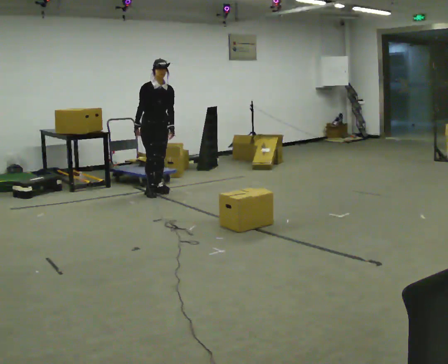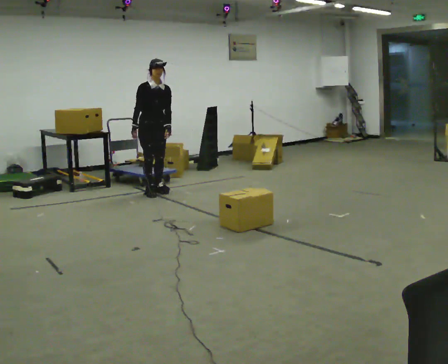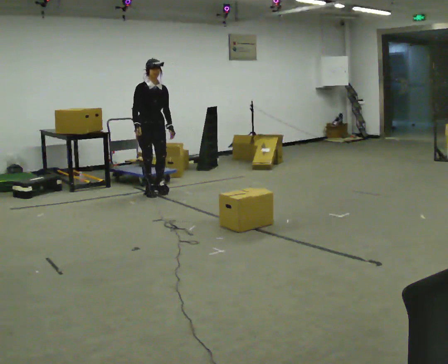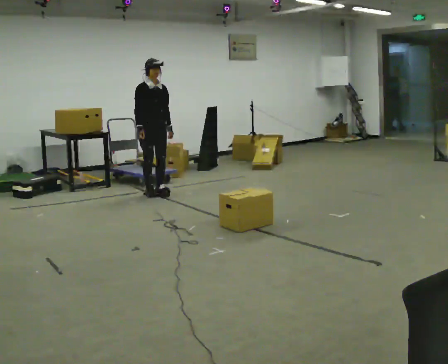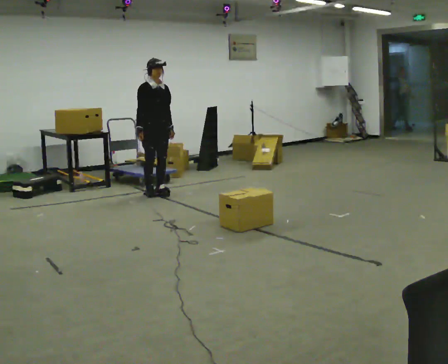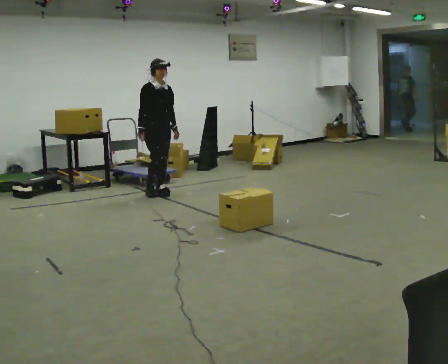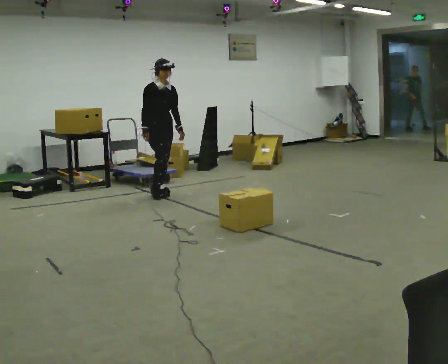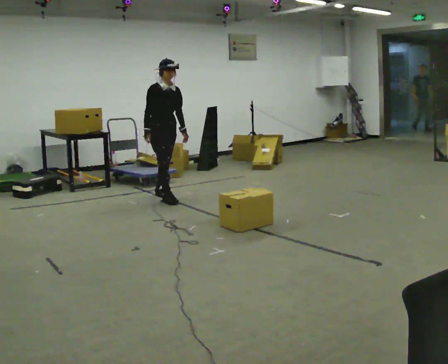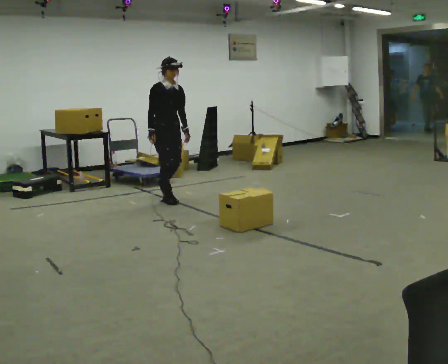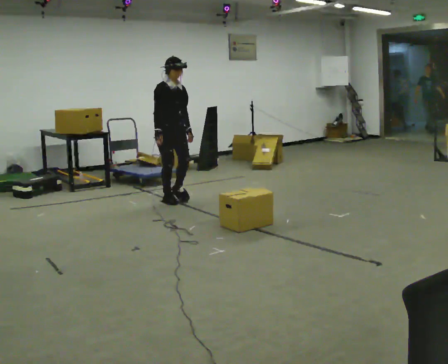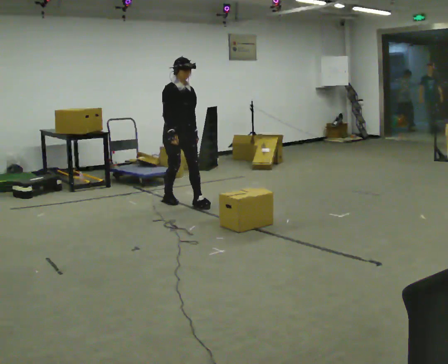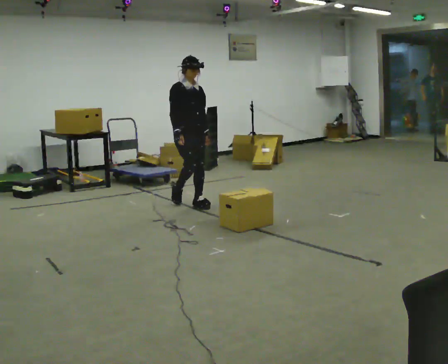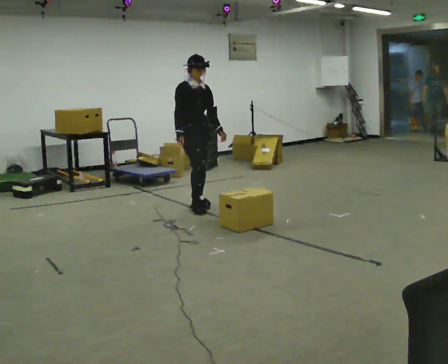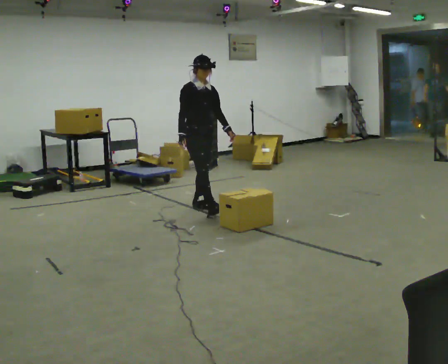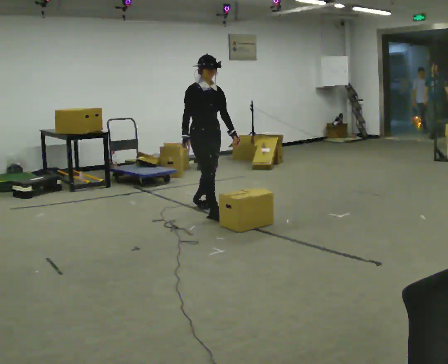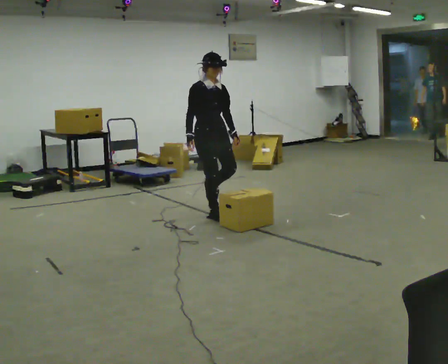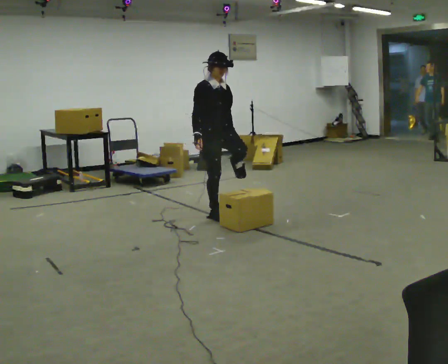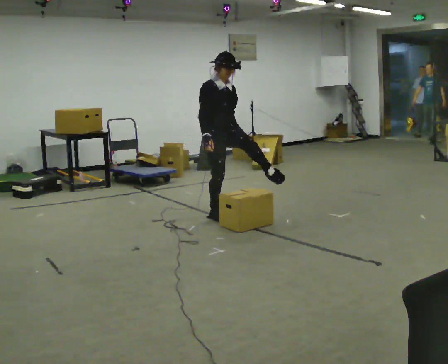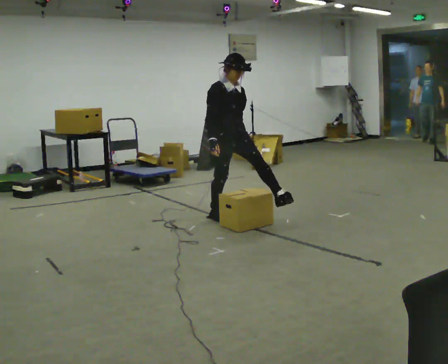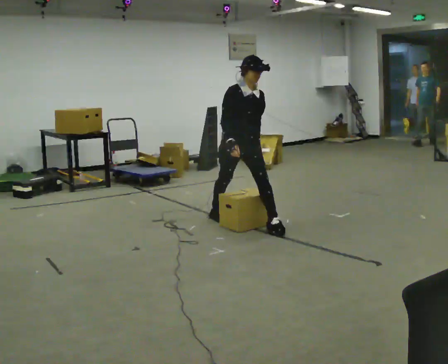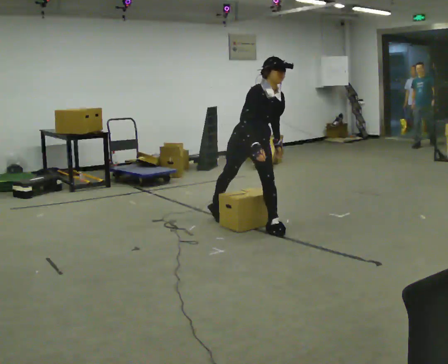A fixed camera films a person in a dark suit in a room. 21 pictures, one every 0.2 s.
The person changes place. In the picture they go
toward the camera.
0.0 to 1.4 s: In the picture they go toward the camera, about 0.25 m in 1 step, which for them is forward.
1.4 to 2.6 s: In the picture they go toward the camera and to the right, about 0.75 m in 1 step, which for them is forward.
2.6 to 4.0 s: In the picture they go toward the camera and to the right, about 1 m in 2 steps, which for them is forward. The upper body tips toward the camera, its near side rolling downward, as they bend forward.
The film runs forward here.
